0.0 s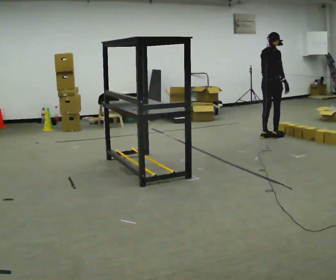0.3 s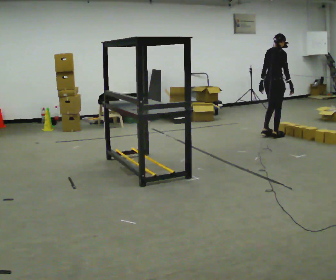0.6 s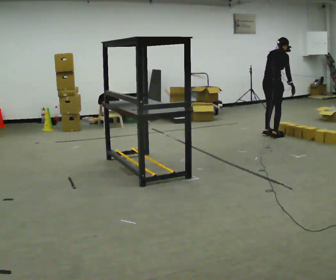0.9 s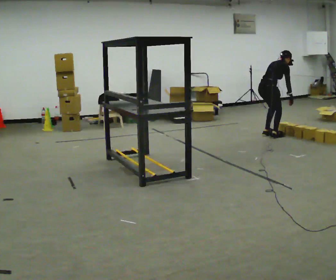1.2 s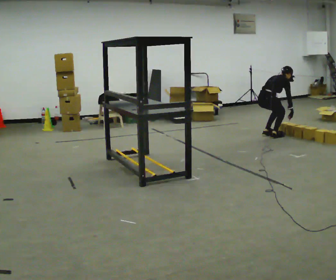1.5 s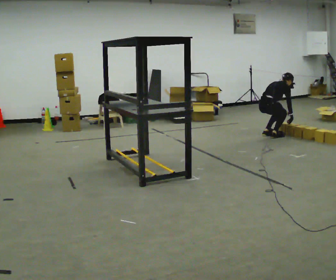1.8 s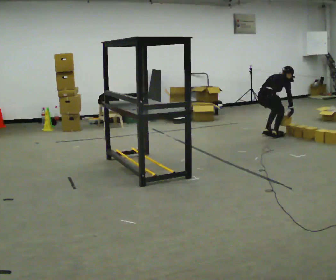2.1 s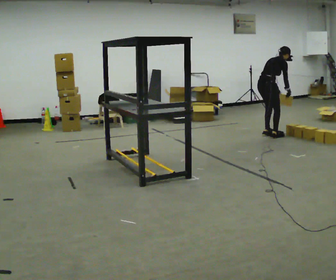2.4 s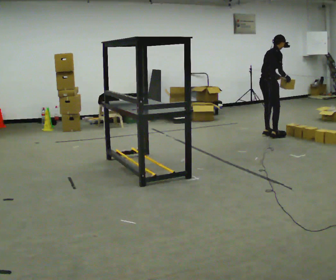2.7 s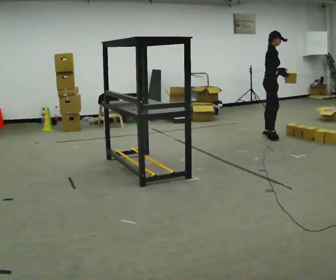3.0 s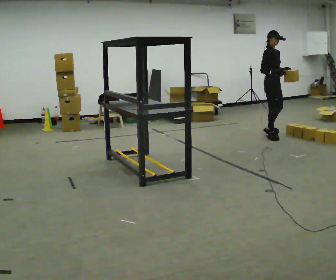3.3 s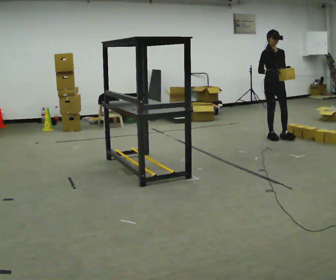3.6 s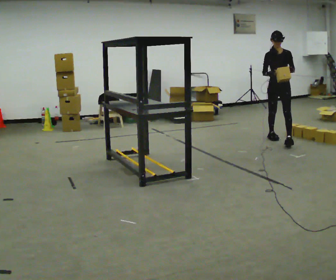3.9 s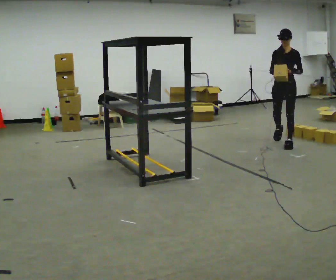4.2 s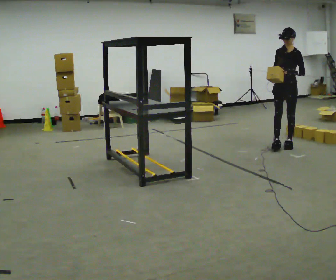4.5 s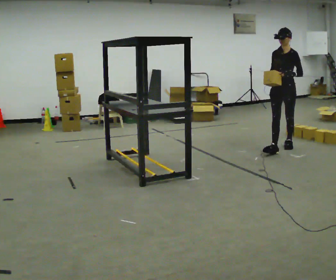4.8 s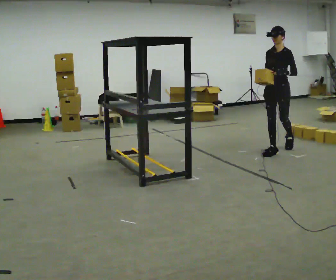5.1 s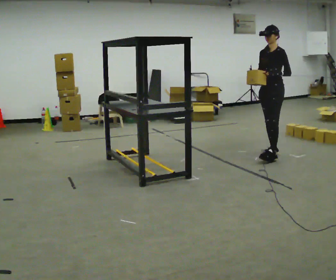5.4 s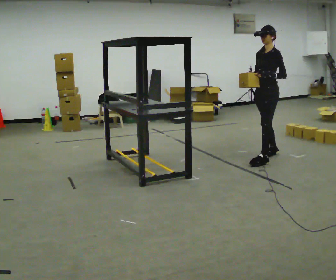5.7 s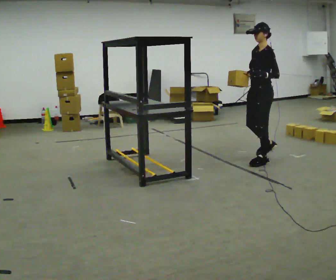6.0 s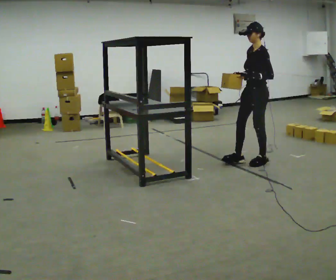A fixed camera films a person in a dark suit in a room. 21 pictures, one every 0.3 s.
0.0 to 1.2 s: The shoulders move downward. In the picture the upper body tilts clockwise, shoulders to the right, as they bend forward. In the picture their right hand goes downward.
1.2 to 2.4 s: The shoulders move upward. The upper body tips toward the camera, its near side rolling downward, as they lean back or straighten. In the picture their left hand goes upward.
2.4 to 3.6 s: Seen from above the body turns clockwise, about 120 degrees: to their right, with its near side sliding to the left. In the picture they go toward the camera and to the right, about 0.5 m. In the picture the upper body tilts counterclockwise, shoulders to the left.
3.6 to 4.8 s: The person turns about 30 degrees to their right, clockwise seen from above, so the part of the body nearest the lens slides to the left. In the picture they go toward the camera, about 0.75 m in 2 steps, which for them is forward and to their left.
4.8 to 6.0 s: The part of the body nearest the lens slides to the left as the person turns to their right by about 30 degrees. In the picture they go toward the camera and to the left, about 0.5 m in 1 step, which for them is forward and to their left.
The film runs forward here.
